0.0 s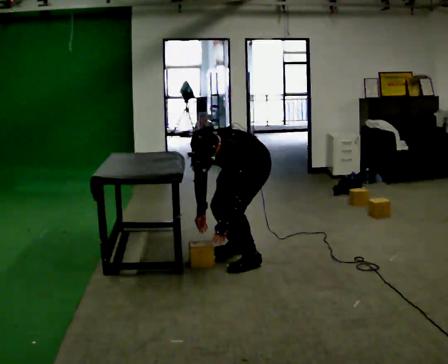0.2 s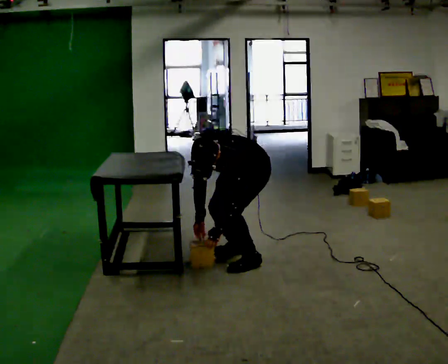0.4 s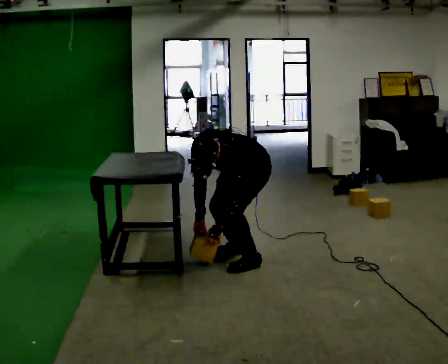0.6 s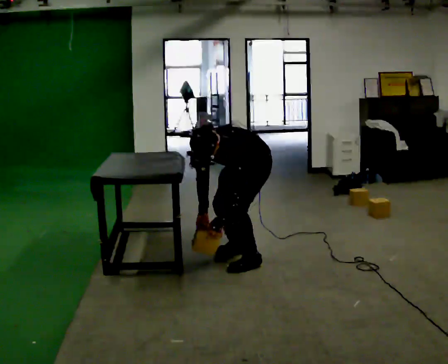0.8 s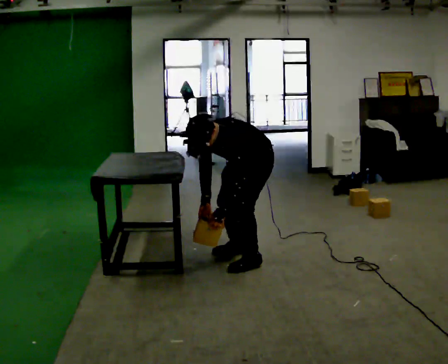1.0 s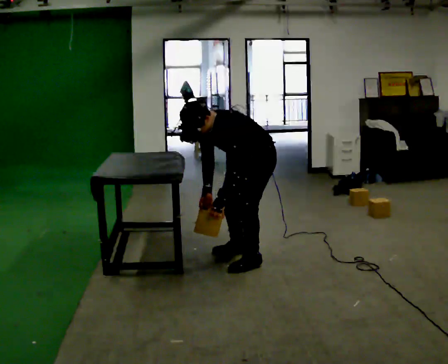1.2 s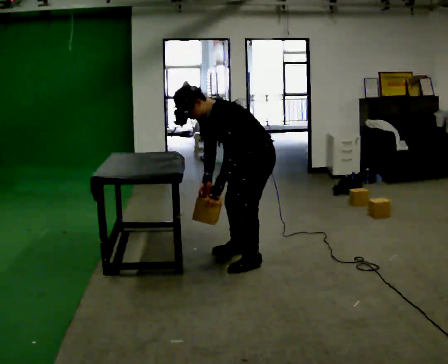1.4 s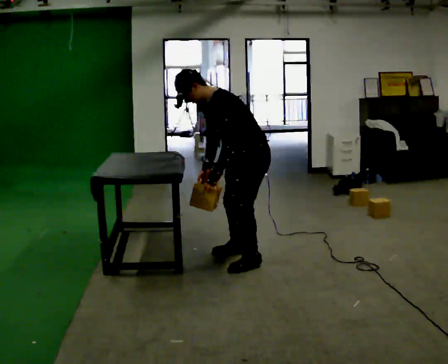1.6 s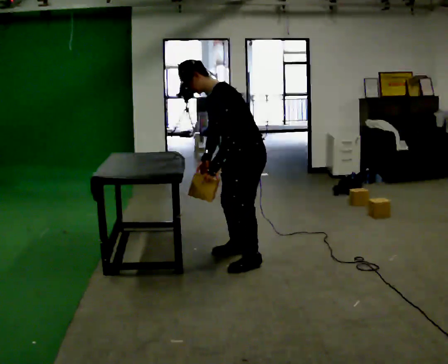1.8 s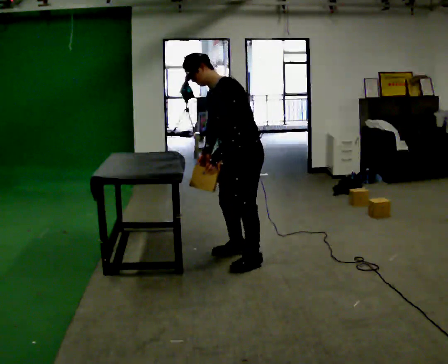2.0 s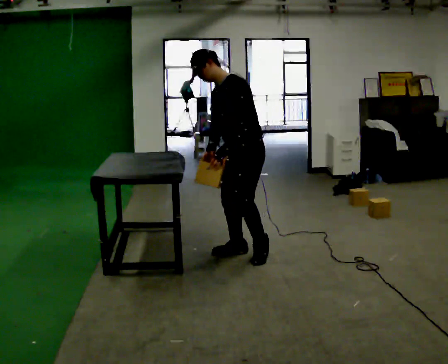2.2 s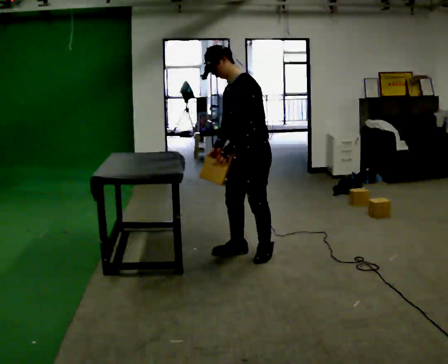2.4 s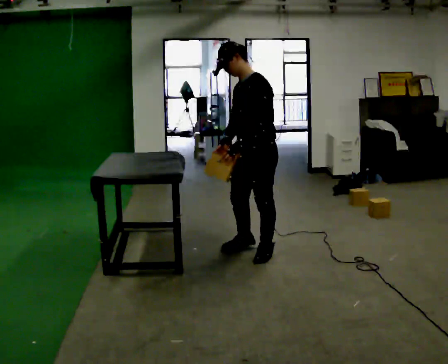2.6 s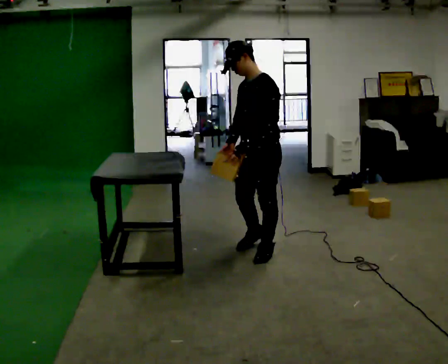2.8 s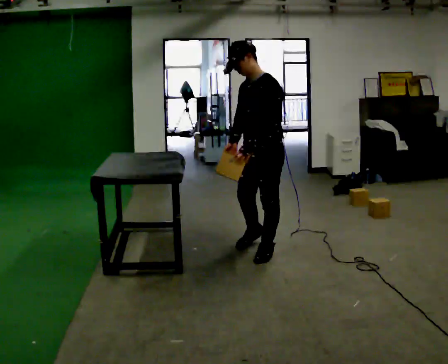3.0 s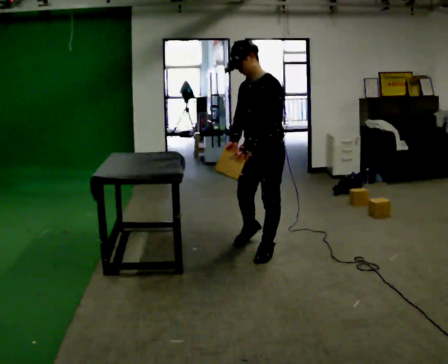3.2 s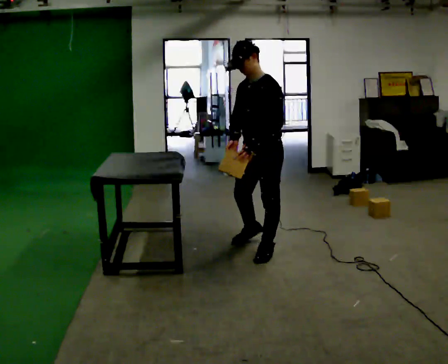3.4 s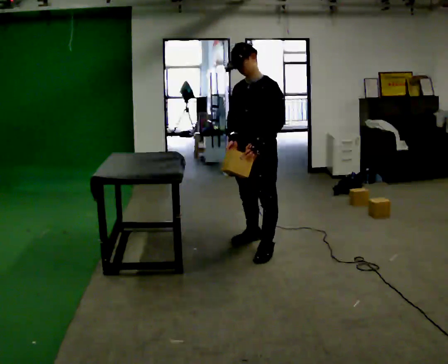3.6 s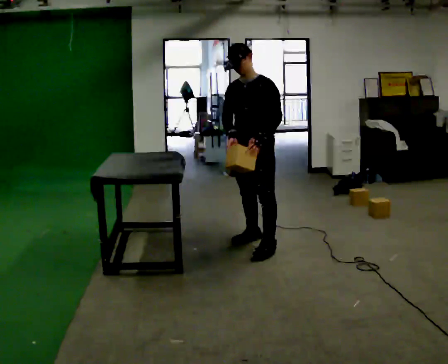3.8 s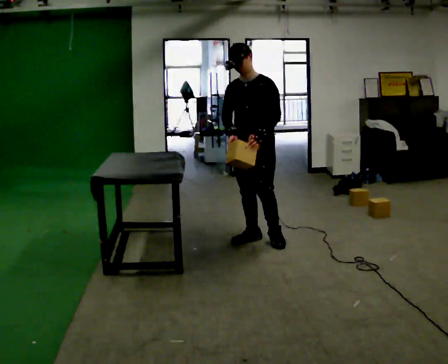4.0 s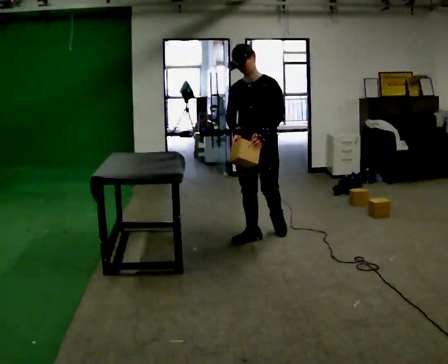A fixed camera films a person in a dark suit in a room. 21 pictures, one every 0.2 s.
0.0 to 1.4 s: The upper body goes upward. The upper body tips away from the camera, its near side rolling upward, as they lean back or straighten. In the picture their left hand goes upward.
1.4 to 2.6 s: In the picture the upper body tilts clockwise, shoulders to the right, as they lean back or straighten.
2.6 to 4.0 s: The person turns about 30 degrees to their left, counterclockwise seen from above, so the part of the body nearest the lens slides to the right. In the picture they go away from the camera, about 0.5 m in 1 step, which for them is to their right and backward.
The film runs backward here.
